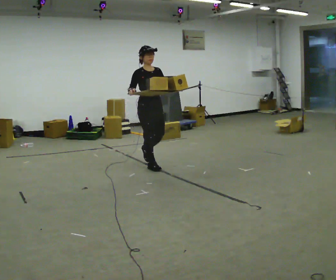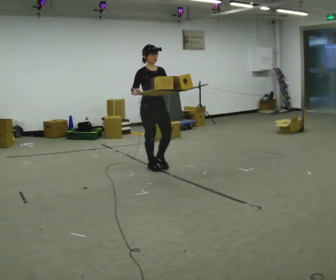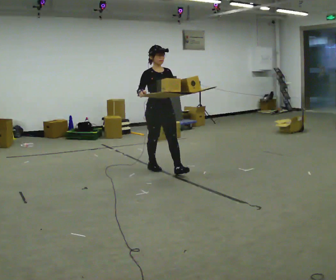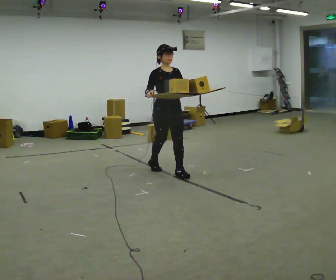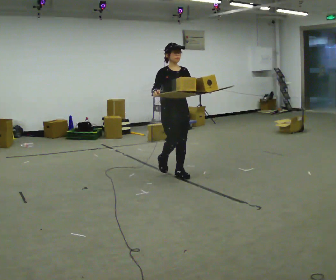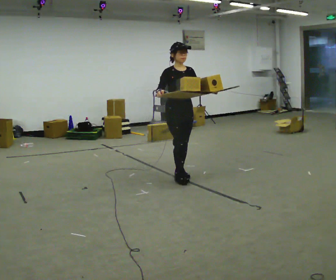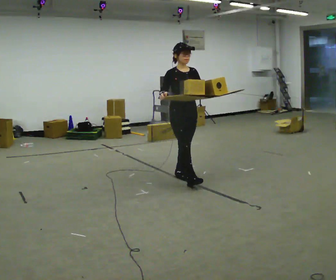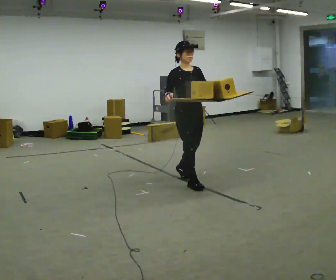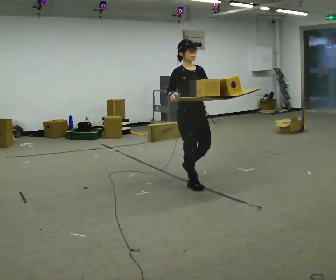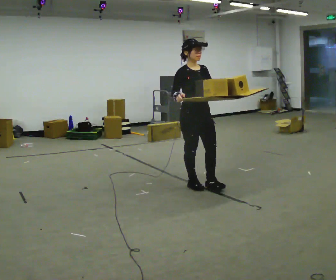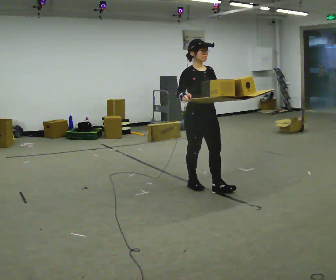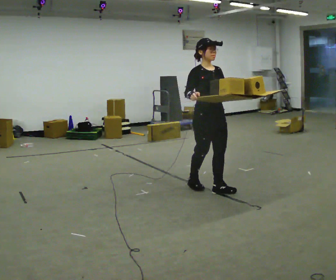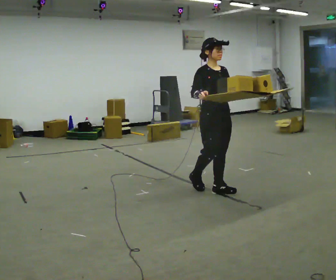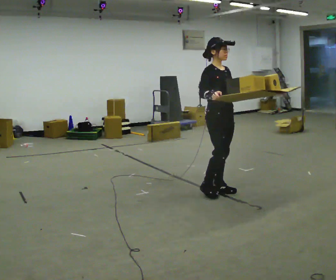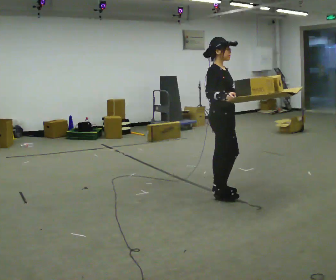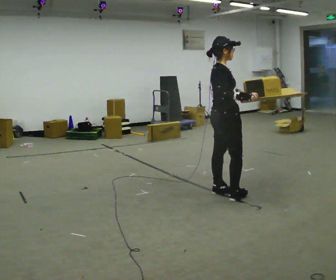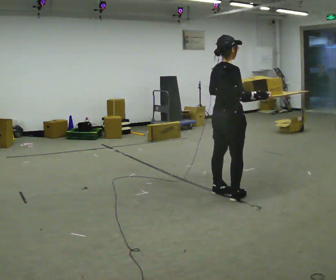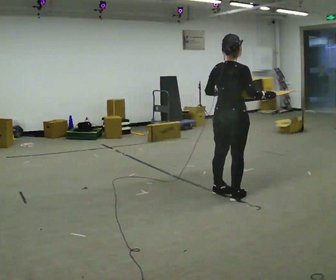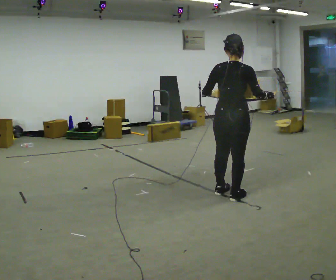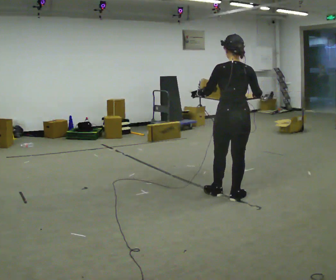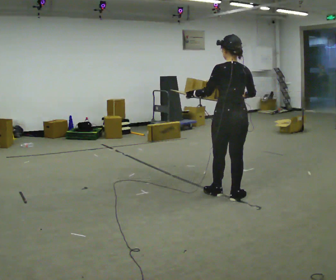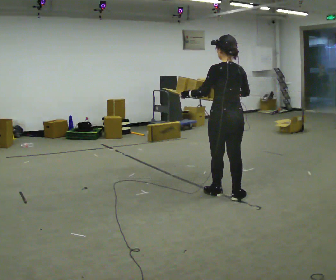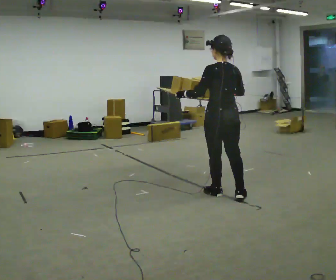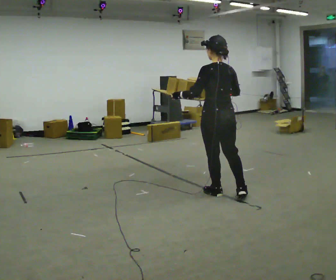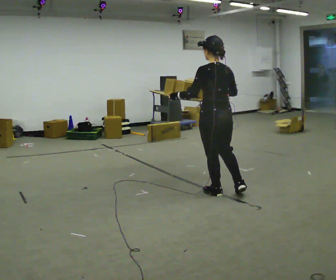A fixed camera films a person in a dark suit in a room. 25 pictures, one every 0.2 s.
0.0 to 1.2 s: In the picture they go toward the camera and to the right, about 0.5 m in 2 steps, which for them is forward.
1.2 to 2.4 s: In the picture they go toward the camera and to the right, about 0.5 m in 1 step, which for them is forward.
2.4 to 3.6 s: The part of the body nearest the lens slides to the right as the person turns to their left by about 135 degrees. In the picture they go toward the camera and to the right, about 0.25 m in 1 step.
3.6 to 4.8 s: Seen from above the body turns counterclockwise, about 45 degrees: to their left, with its near side sliding to the right. In the picture their right hand goes to the left.
The film runs forward here.
